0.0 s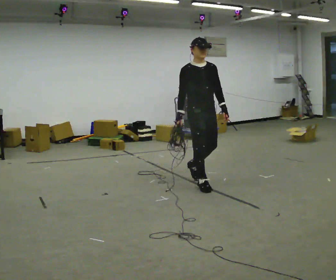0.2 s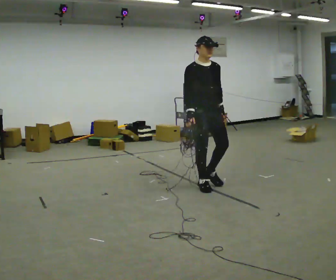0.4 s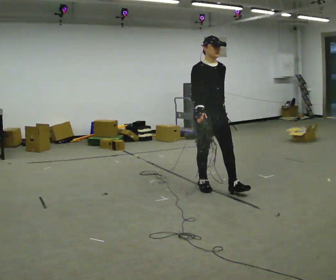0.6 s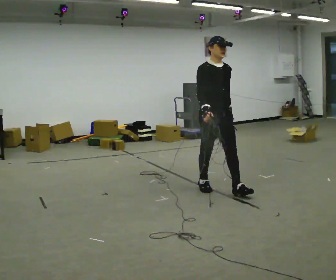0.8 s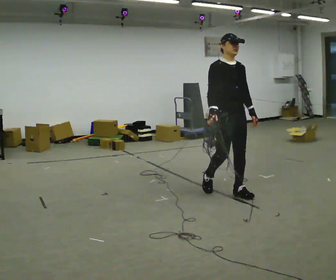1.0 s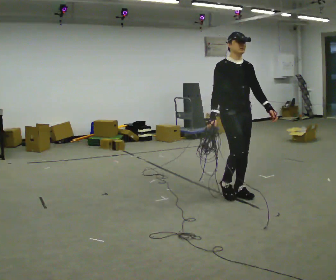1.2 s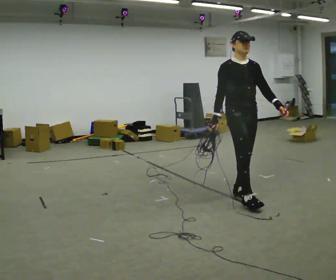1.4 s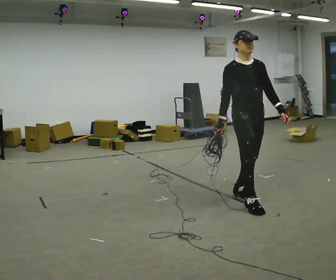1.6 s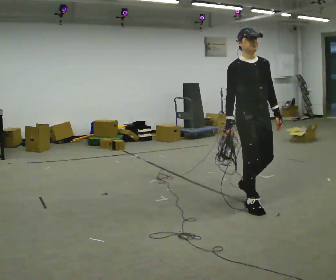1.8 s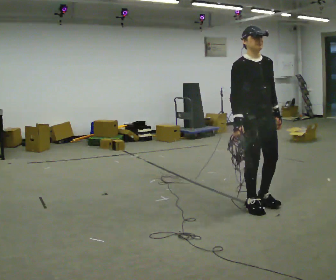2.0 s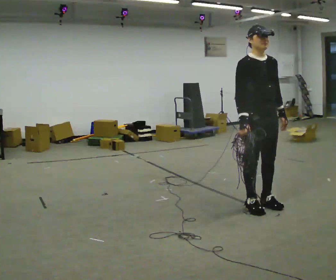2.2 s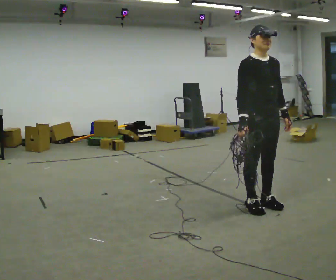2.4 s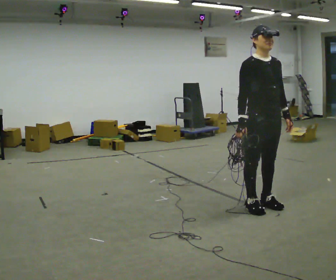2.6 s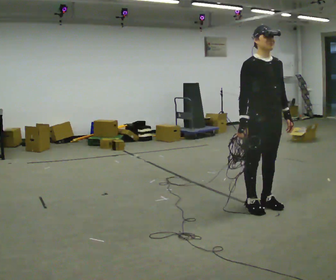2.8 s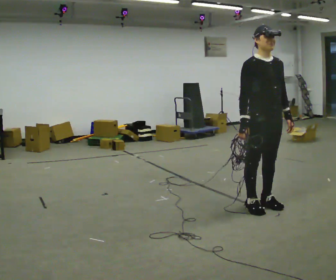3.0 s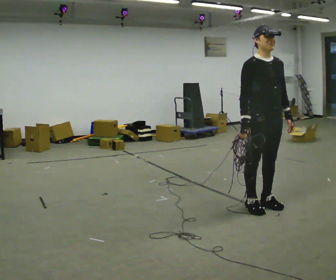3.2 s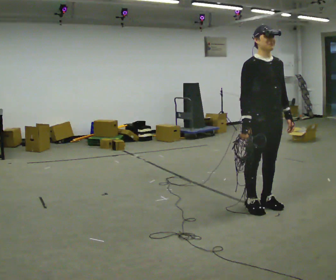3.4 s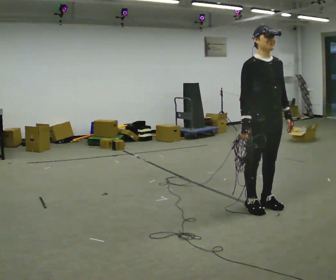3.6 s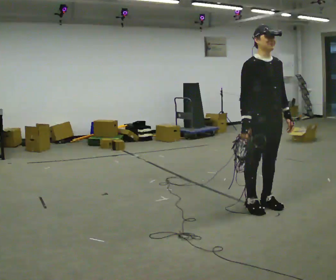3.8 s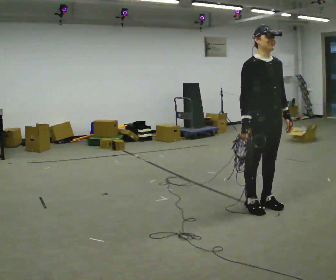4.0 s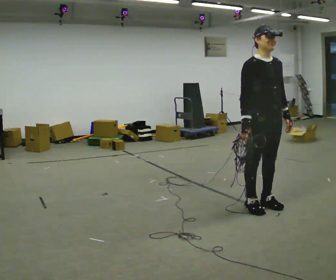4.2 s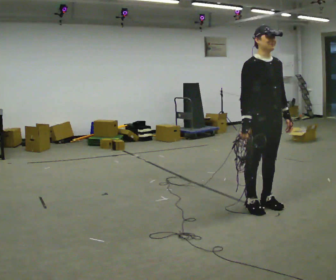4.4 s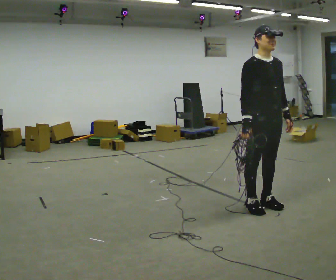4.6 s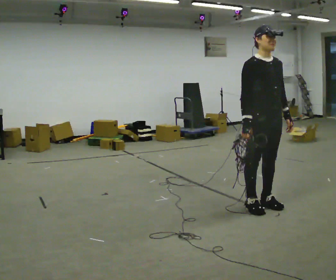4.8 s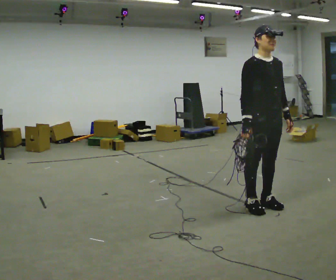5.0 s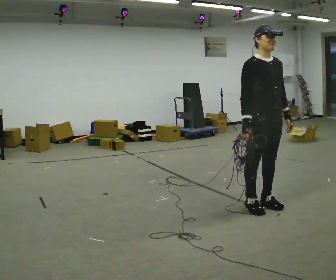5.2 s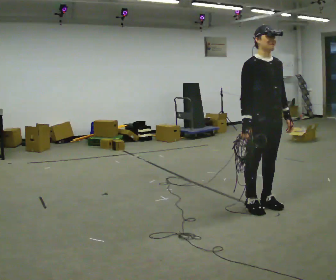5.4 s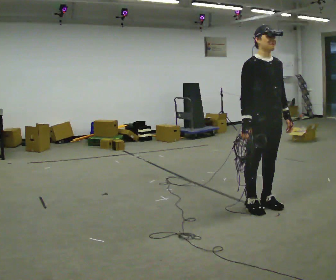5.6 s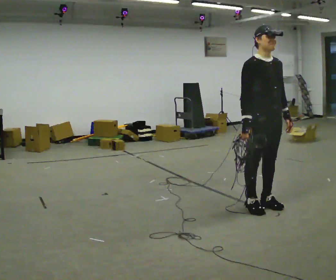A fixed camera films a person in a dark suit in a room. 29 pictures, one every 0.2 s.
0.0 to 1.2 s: In the picture they go to the right and toward the camera, about 0.75 m in 1 step, which for them is forward.
1.2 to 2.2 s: In the picture they go toward the camera and to the right, about 0.25 m in 2 steps, which for them is forward.
2.2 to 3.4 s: The person moves a little, or ends about where they began.
3.4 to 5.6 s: The person keeps their place and pose.
The film runs forward here.
